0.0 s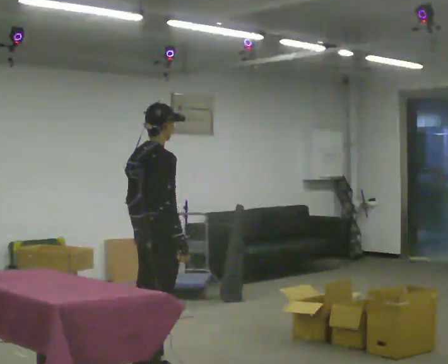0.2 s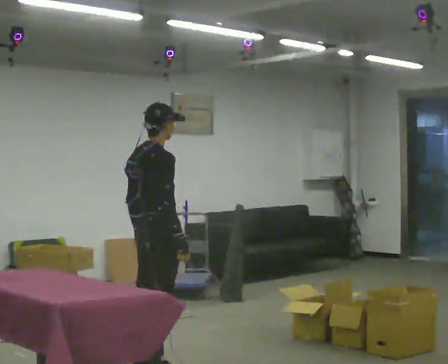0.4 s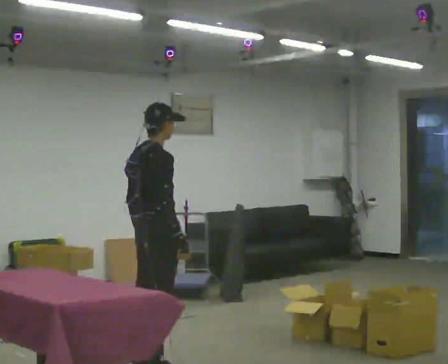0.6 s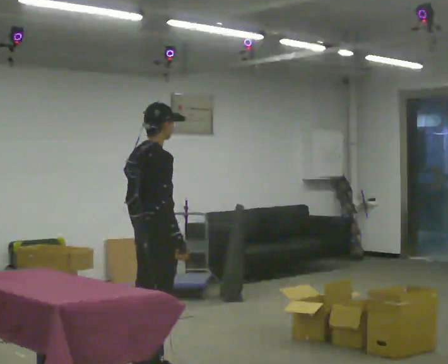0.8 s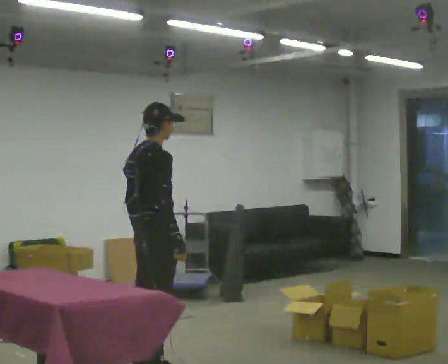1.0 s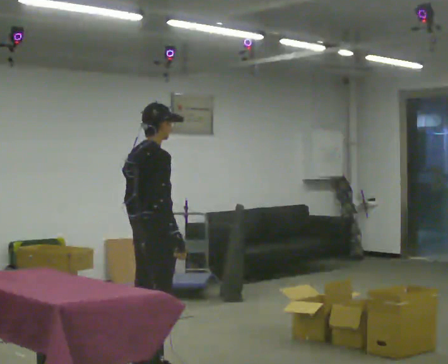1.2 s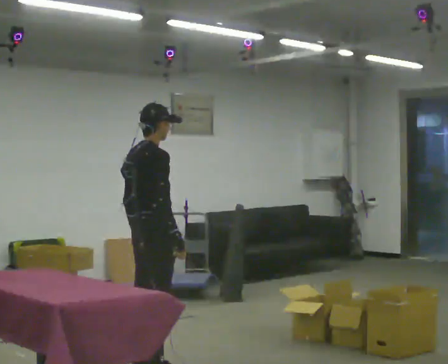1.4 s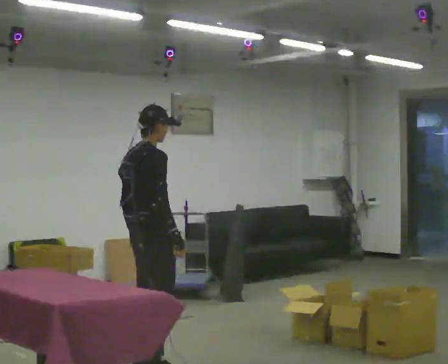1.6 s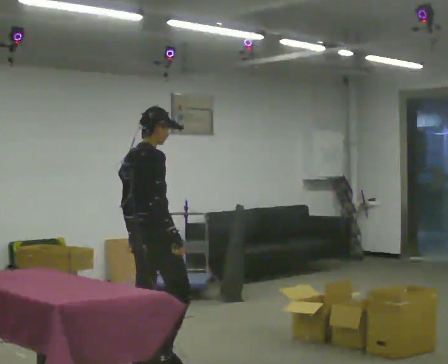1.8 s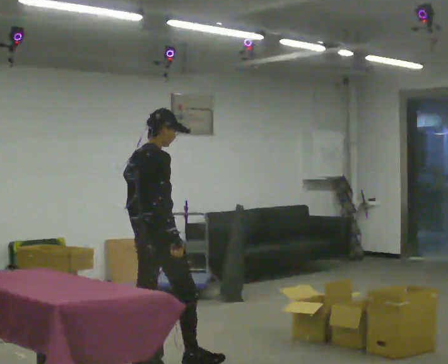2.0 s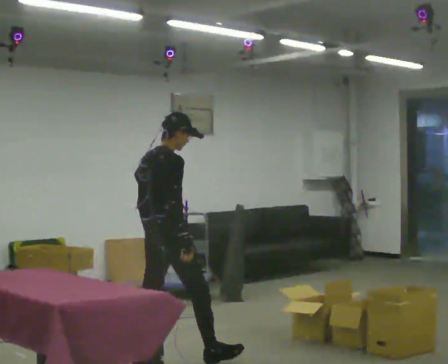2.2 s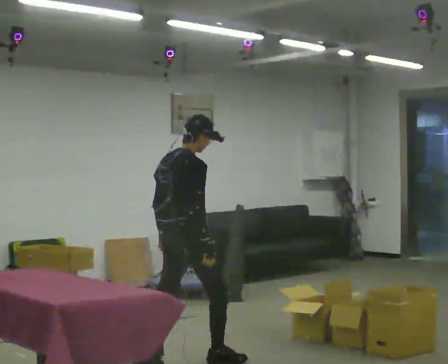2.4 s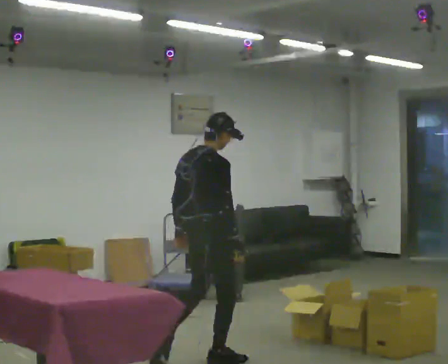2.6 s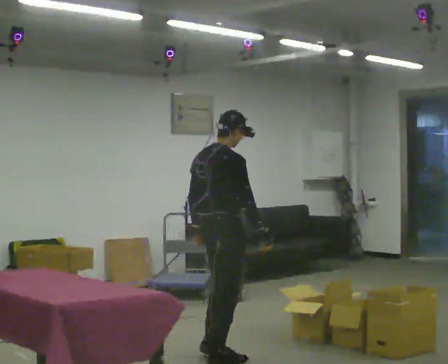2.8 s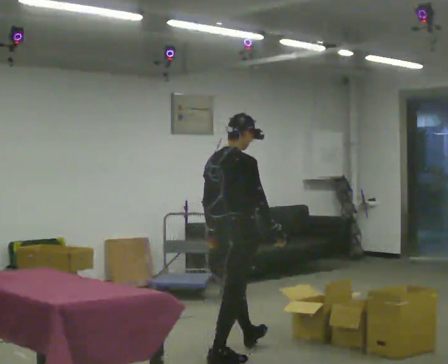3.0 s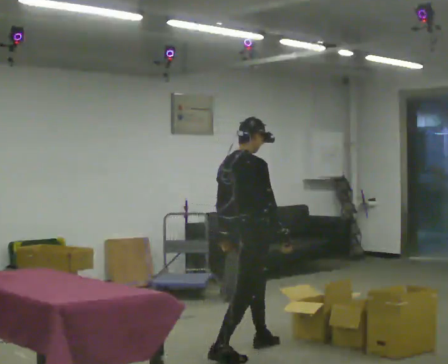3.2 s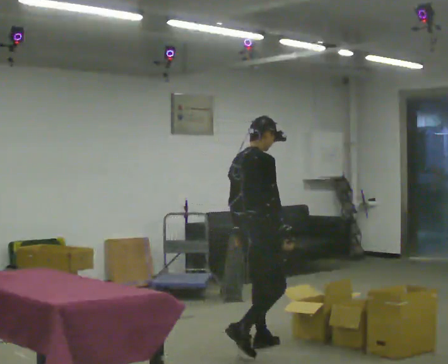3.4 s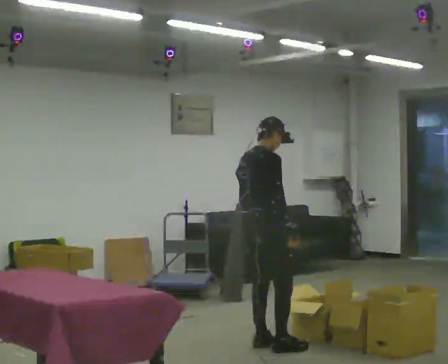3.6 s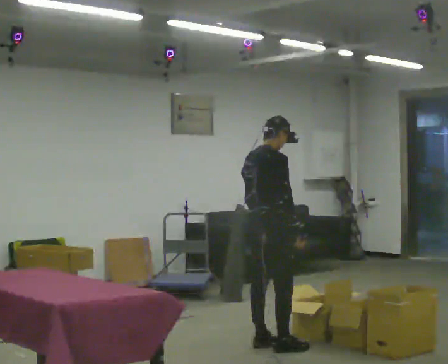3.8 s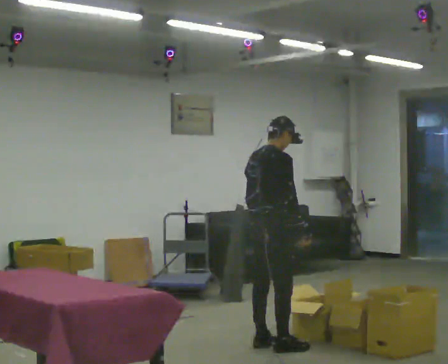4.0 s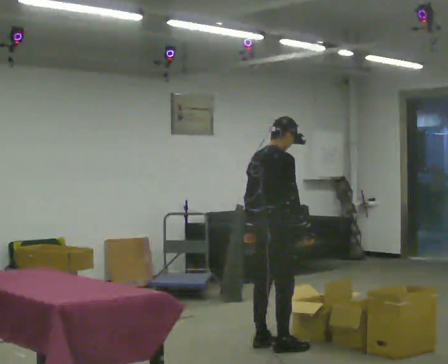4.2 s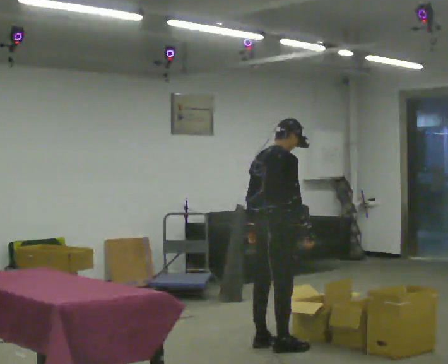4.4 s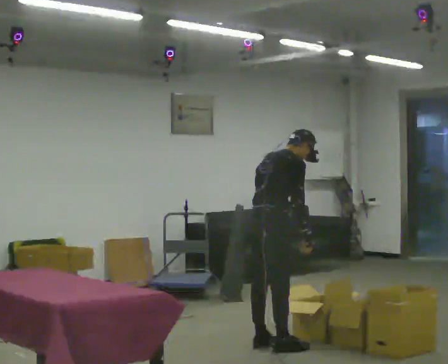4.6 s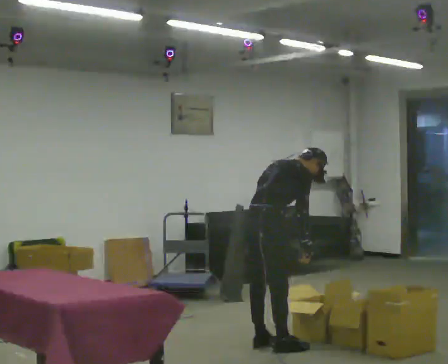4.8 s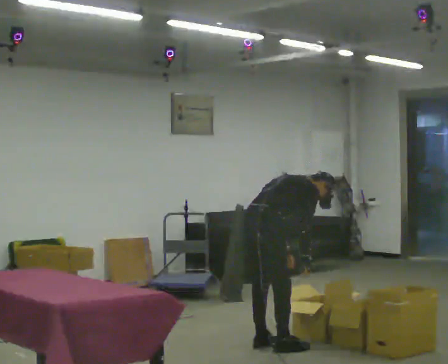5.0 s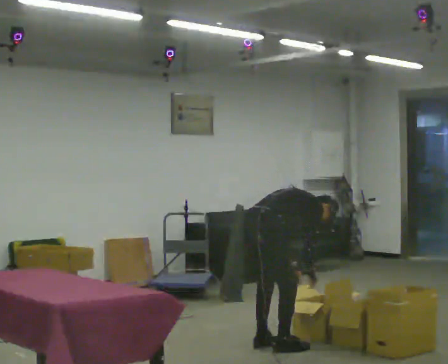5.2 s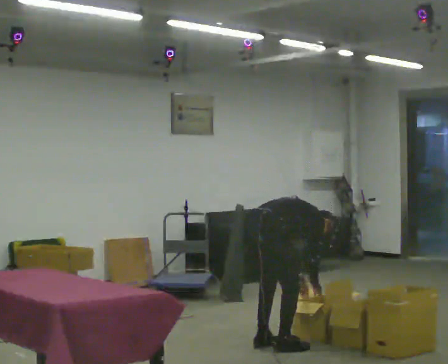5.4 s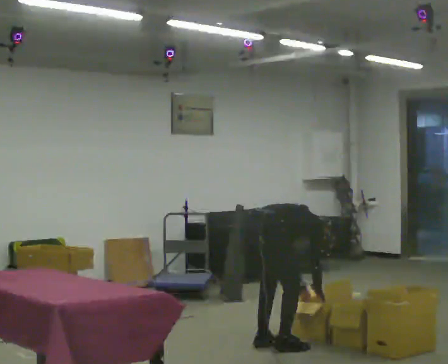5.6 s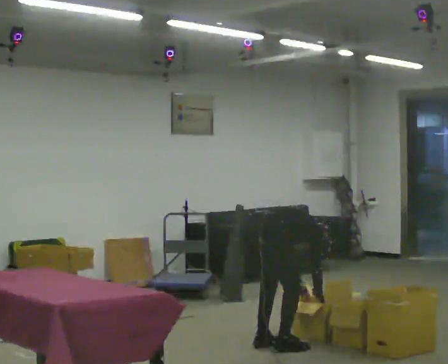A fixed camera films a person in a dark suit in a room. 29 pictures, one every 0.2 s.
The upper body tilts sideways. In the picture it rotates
clockwise.
0.0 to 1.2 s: The person moves a little, or ends about where they began.
1.2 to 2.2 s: In the picture they go to the right and away from the camera, about 0.25 m in 1 step, which for them is forward.
2.2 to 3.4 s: In the picture they go to the right and away from the camera, about 0.5 m in 1 step, which for them is forward.
3.4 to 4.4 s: In the picture the upper body tilts clockwise, shoulders to the right, as they bend forward.
4.4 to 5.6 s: The upper body goes downward. In the picture the upper body tilts clockwise, shoulders to the right, as they bend forward. In the picture their right hand goes downward.
The film runs forward here.
